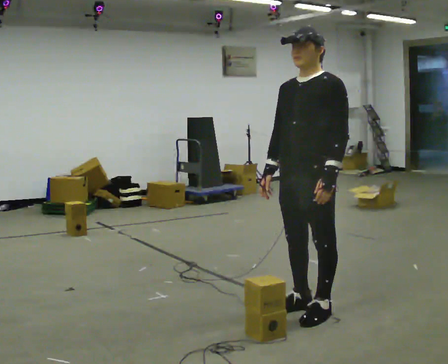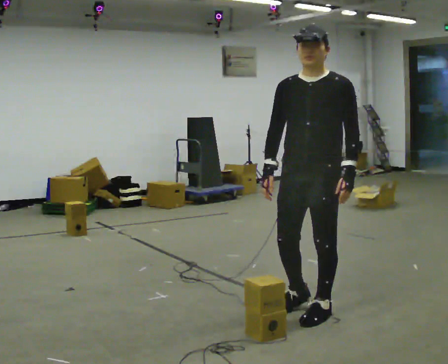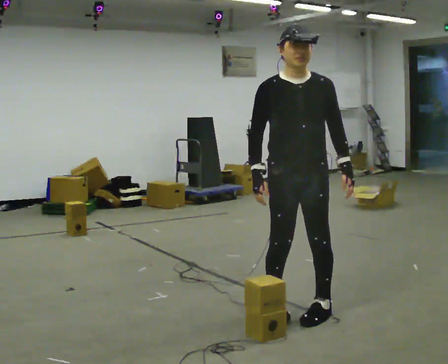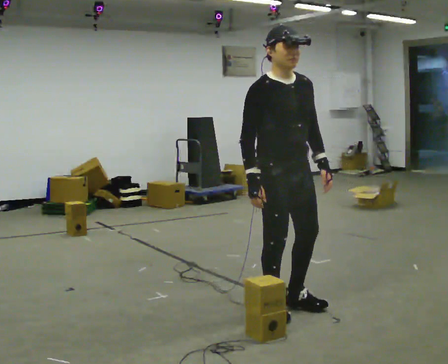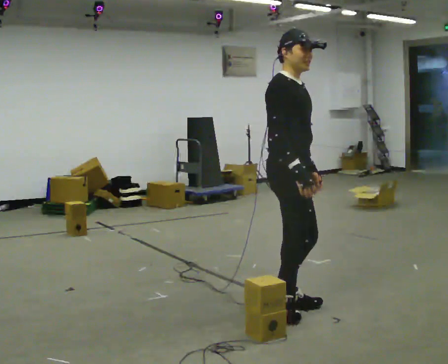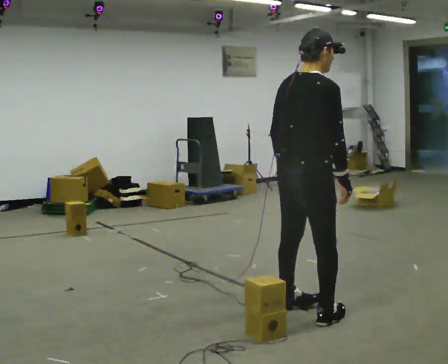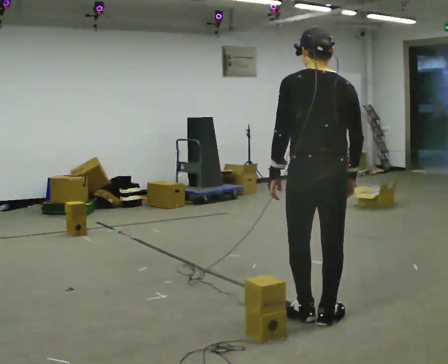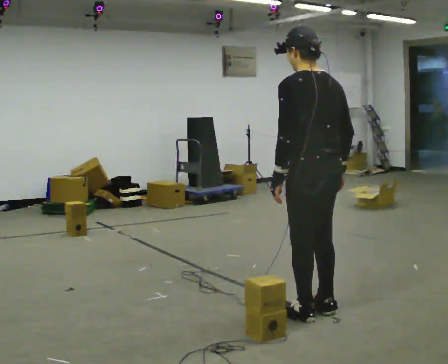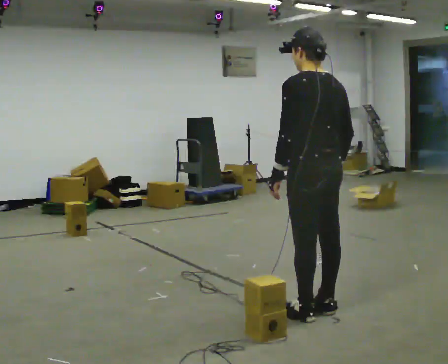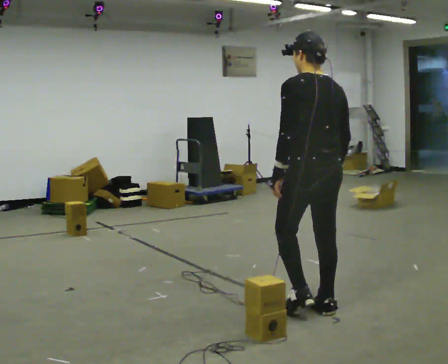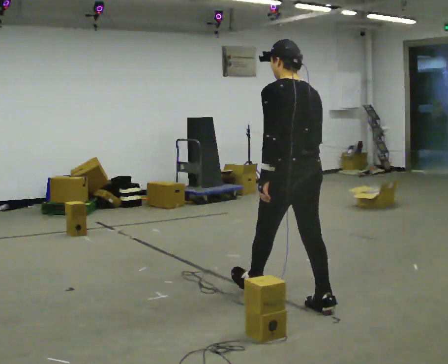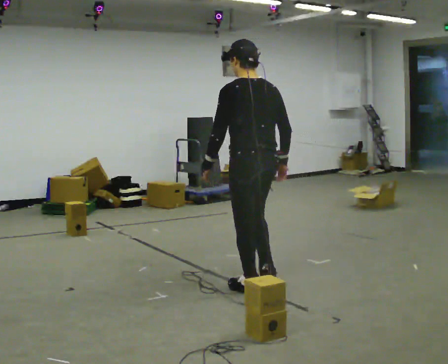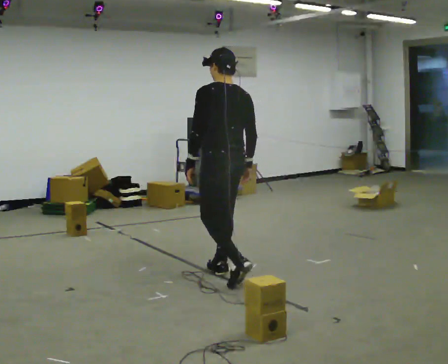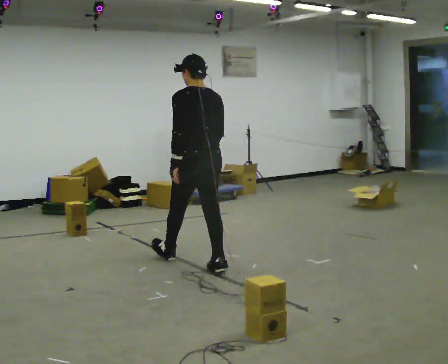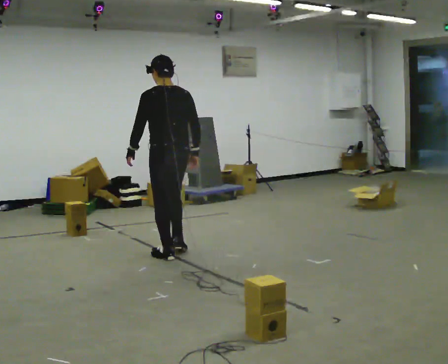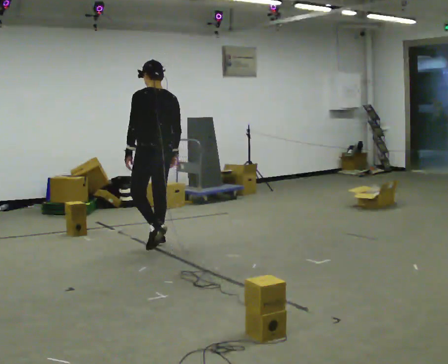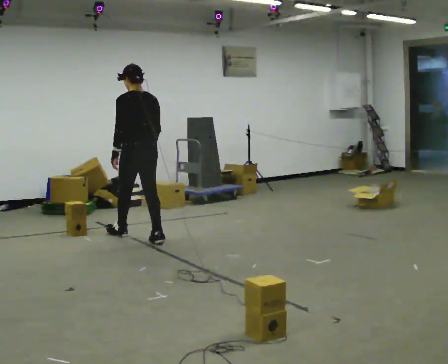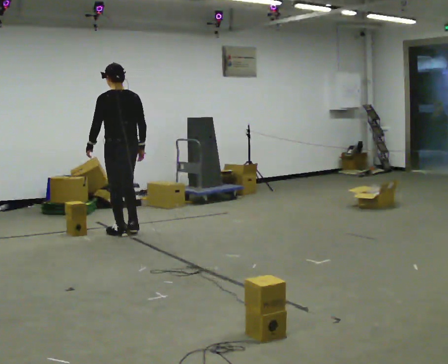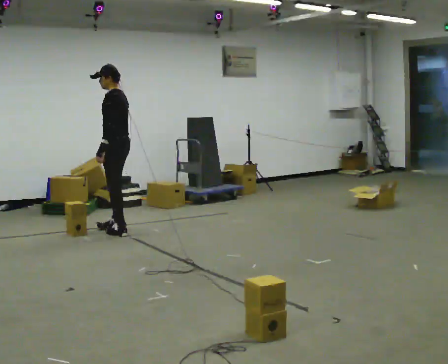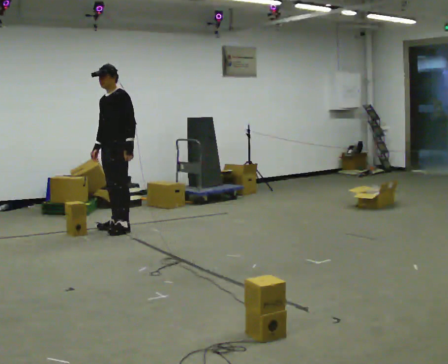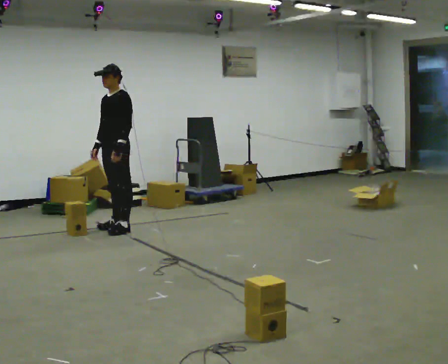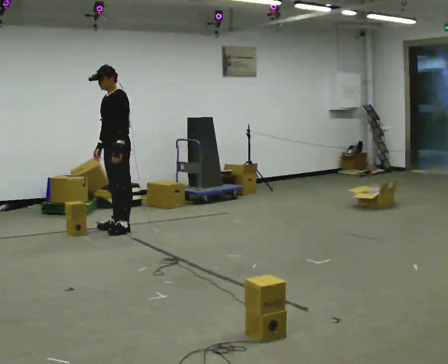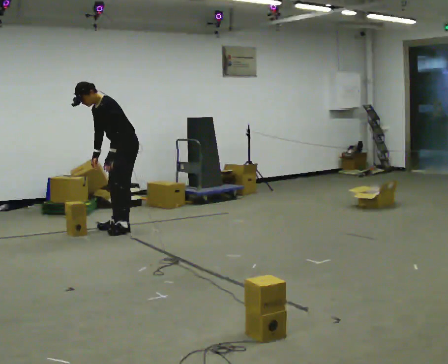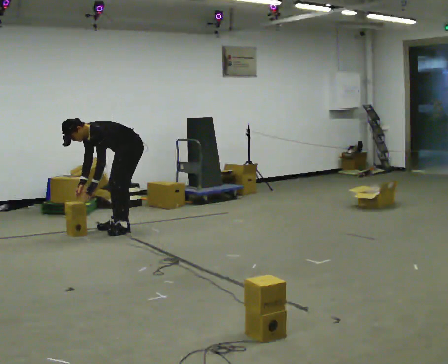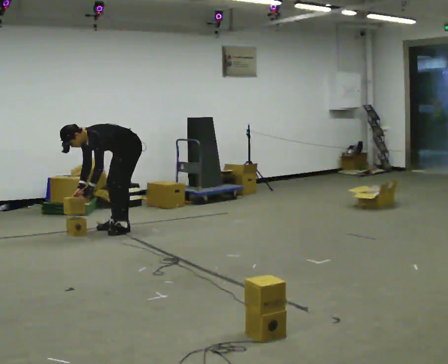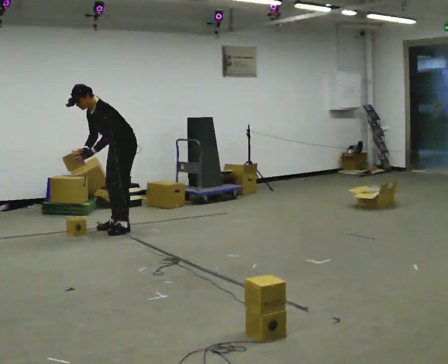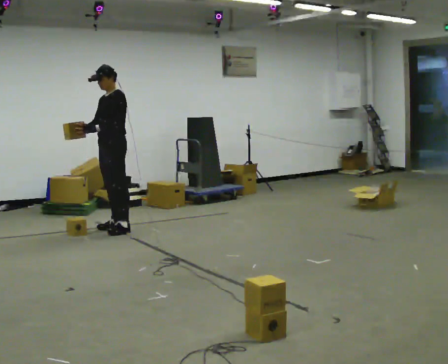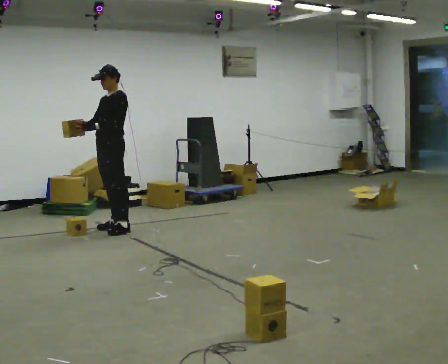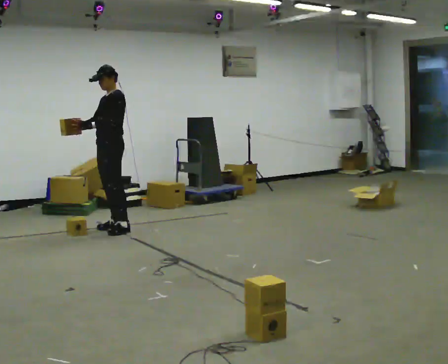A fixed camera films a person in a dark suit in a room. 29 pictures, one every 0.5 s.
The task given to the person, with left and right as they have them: Carry the stack of boxes across the room without letting it fall over, then bring it back. Keep going until the operator says stop; one object at a time, and do not rush between trips.
0.0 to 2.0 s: The part of the body nearest the lens slides to the right as the person turns to their left by about 120 degrees.
2.0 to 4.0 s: The part of the body nearest the lens slides to the right as the person turns to their left by about 135 degrees. In the picture they go to the right, about 0.25 m in 3 steps.
4.0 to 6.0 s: In the picture they go away from the camera and to the left, about 1 m in 2 steps, which for them is forward.
6.0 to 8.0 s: In the picture they go away from the camera and to the left, about 1.5 m in 3 steps, which for them is forward.
8.0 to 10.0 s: The person turns about 105 degrees to their left, counterclockwise seen from above, so the part of the body nearest the lens slides to the right. In the picture they go away from the camera and to the left, about 0.5 m in 2 steps.
10.0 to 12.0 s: The shoulders move downward. In the picture the upper body tilts counterclockwise, shoulders to the left, as they bend forward. In the picture their left hand goes downward and to the left.
12.0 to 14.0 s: In the picture they go to the left, about 0.25 m, which for them is forward. The upper body goes upward. In the picture the upper body tilts clockwise, shoulders to the right, as they lean back or straighten. In the picture their left hand goes upward.
The film runs forward here.
